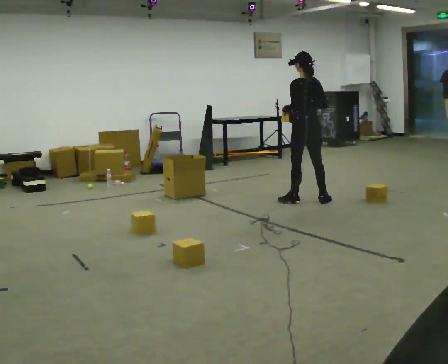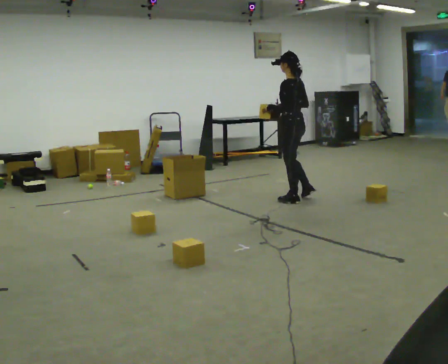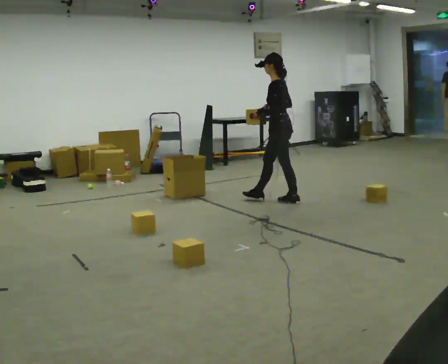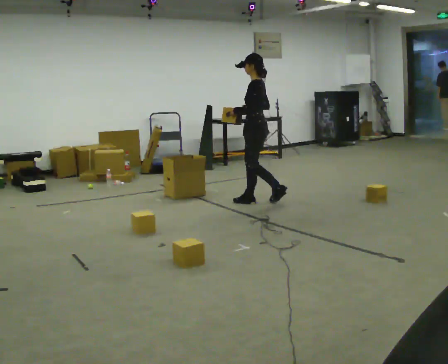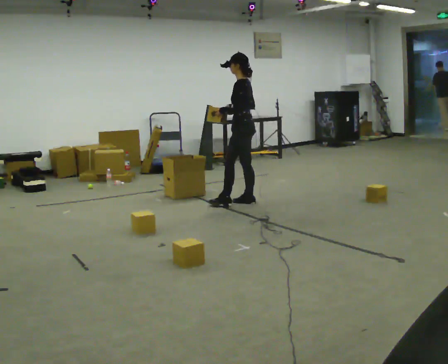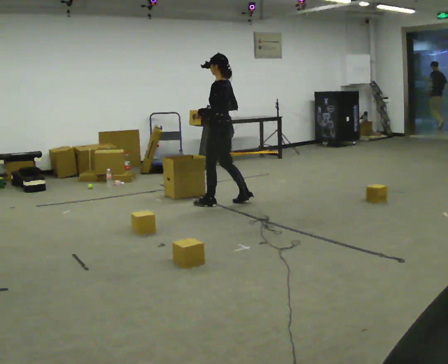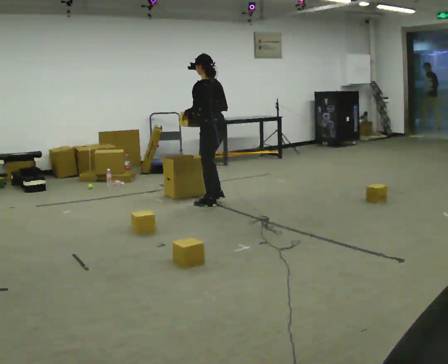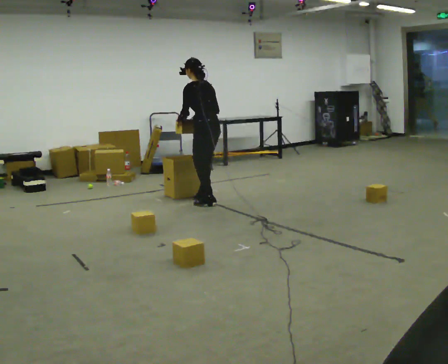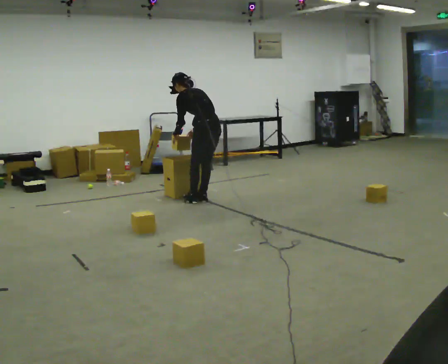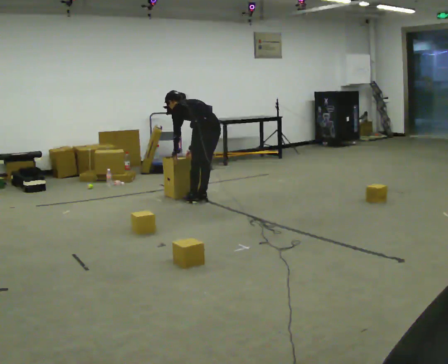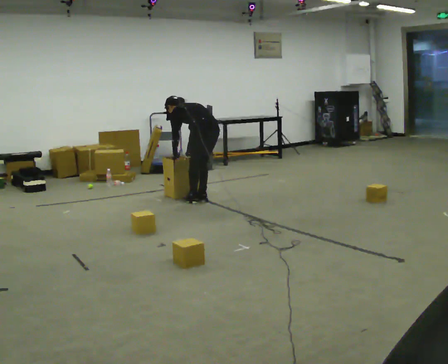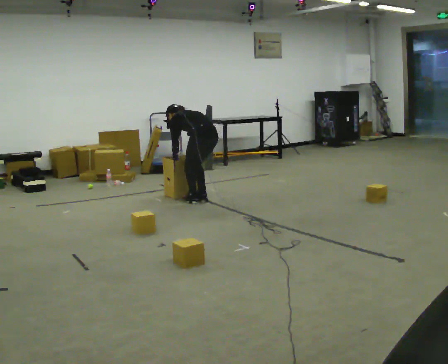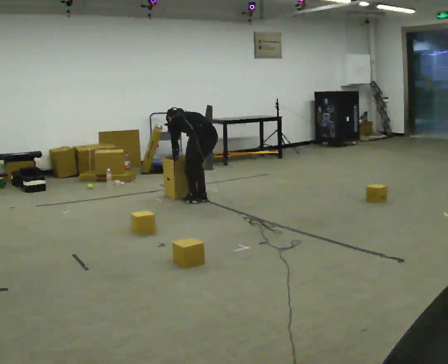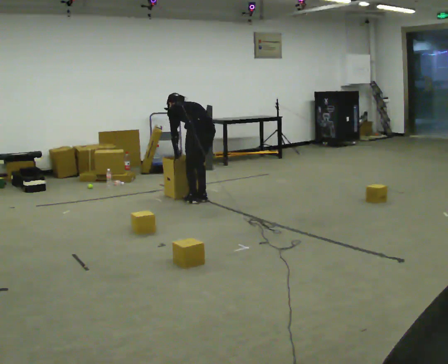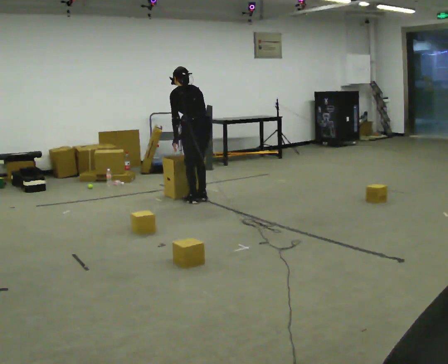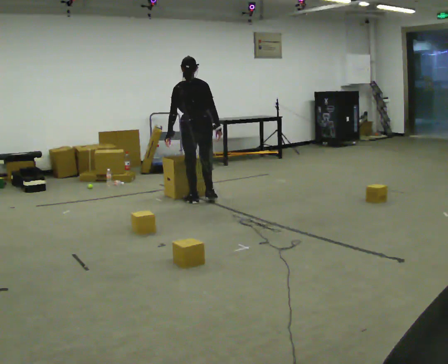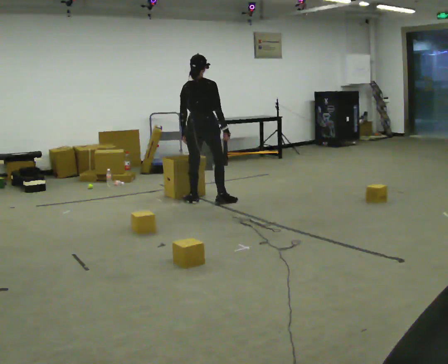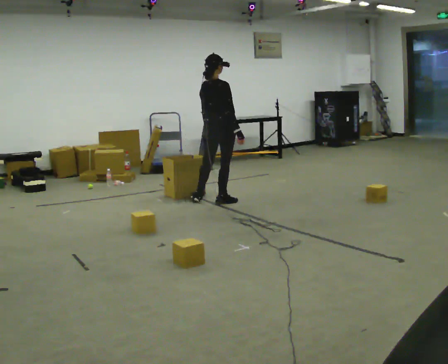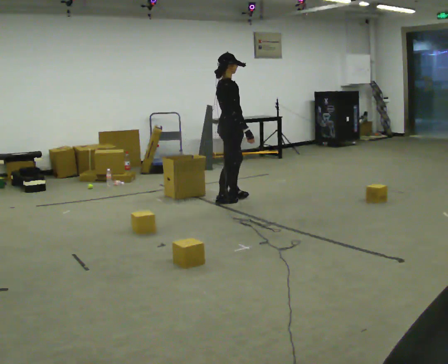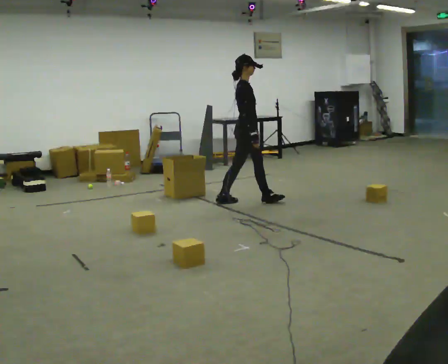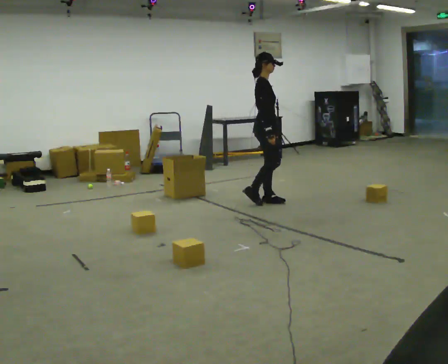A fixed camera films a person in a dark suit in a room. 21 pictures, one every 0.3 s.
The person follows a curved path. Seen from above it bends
clockwise.
0.0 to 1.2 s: The part of the body nearest the lens slides to the right as the person turns to their left by about 45 degrees. In the picture they go to the left, about 0.75 m in 1 step, which for them is forward.
1.2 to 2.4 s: The person turns about 30 degrees to their right, clockwise seen from above, so the part of the body nearest the lens slides to the left. In the picture they go to the left, about 0.5 m in 2 steps, which for them is forward and to their left. The upper body tips away from the camera, its near side rolling upward, as they bend forward.
2.4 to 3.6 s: The shoulders move downward. The upper body tips away from the camera, its near side rolling upward, as they bend forward. In the picture their right hand goes downward.
3.6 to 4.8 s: Seen from above the body turns clockwise, about 60 degrees: to their right, with its near side sliding to the left. The upper body goes upward. The upper body tips toward the camera, its near side rolling downward, as they lean back or straighten. In the picture their right hand goes upward and to the right.
4.8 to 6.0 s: The part of the body nearest the lens slides to the left as the person turns to their right by about 90 degrees. In the picture they go to the right, about 0.75 m in 1 step.
The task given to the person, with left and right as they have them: Take the objects from the bin one at a time and put one in each of the places the operator points out. Keep going until the operator says stop; one object at a time, and do not rush between trips.
The film runs forward here.
